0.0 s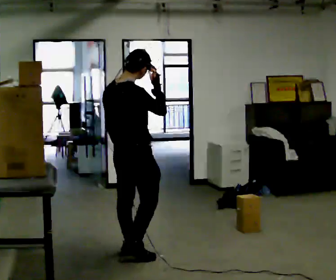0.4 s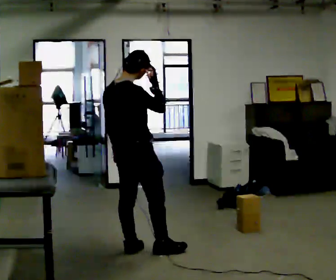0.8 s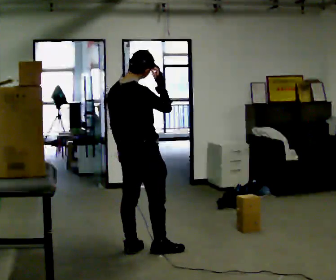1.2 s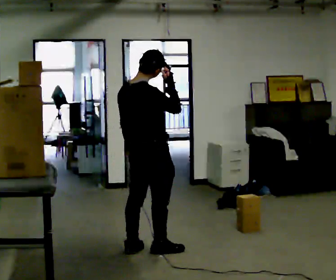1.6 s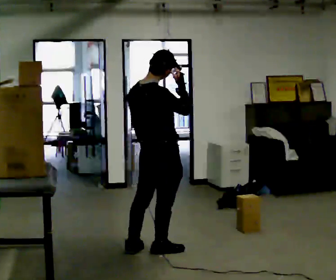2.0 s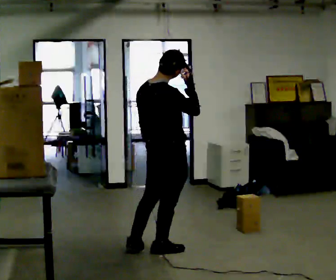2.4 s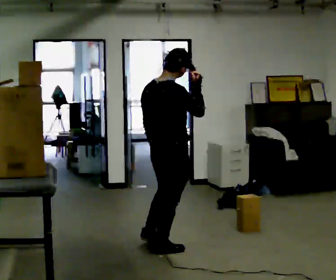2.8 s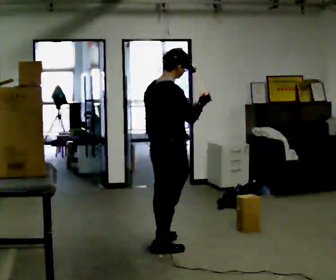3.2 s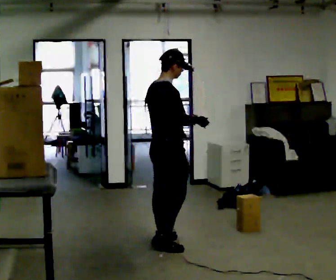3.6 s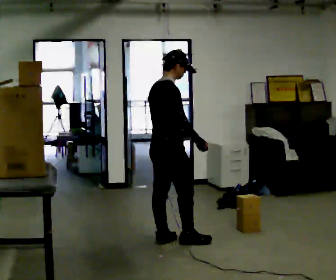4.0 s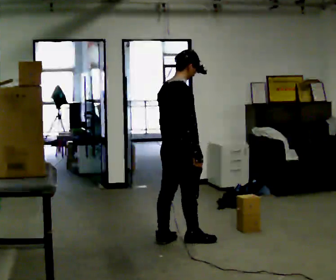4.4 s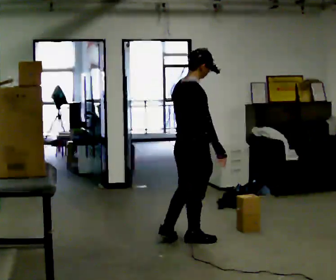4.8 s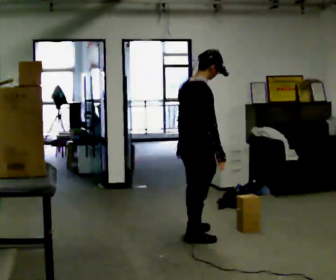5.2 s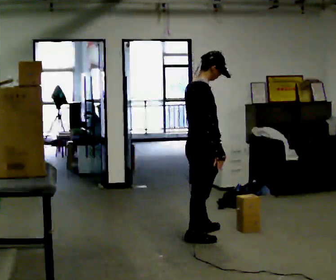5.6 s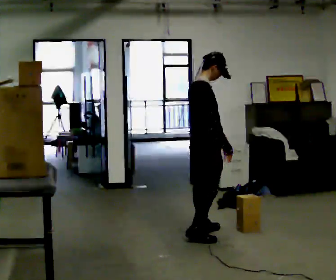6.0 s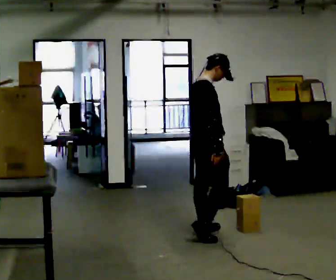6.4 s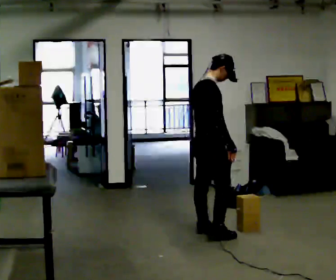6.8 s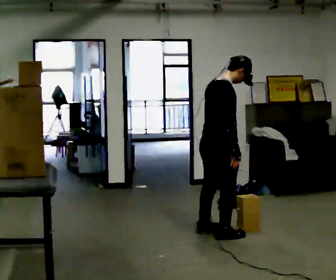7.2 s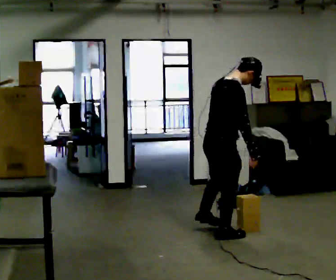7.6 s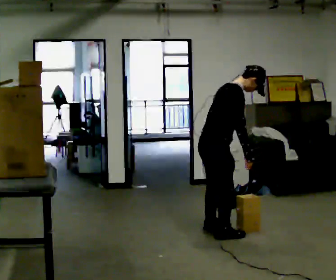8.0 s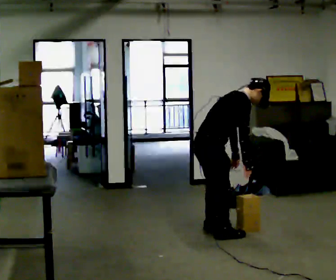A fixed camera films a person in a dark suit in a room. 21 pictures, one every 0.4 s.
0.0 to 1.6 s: In the picture they go to the right, about 0.25 m in 1 step, which for them is forward and to their right.
1.6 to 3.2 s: In the picture they go away from the camera, about 0.25 m in 1 step, which for them is forward and to their left. In the picture their right hand goes downward.
3.2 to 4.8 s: In the picture they go to the right, about 0.25 m in 1 step, which for them is forward and to their right.
4.8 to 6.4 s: In the picture they go away from the camera, about 0.25 m in 1 step, which for them is to their left and forward.
6.4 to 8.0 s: In the picture the upper body tilts clockwise, shoulders to the right, as they bend forward.
The film runs forward here.
